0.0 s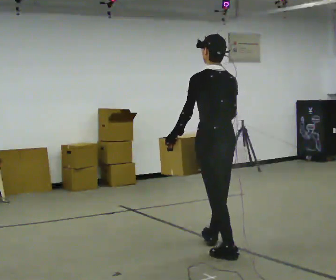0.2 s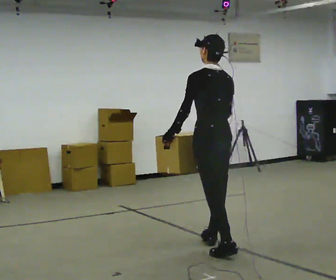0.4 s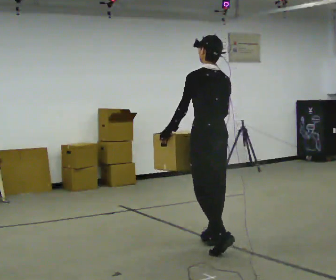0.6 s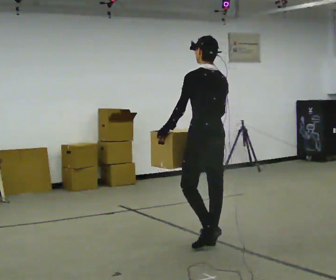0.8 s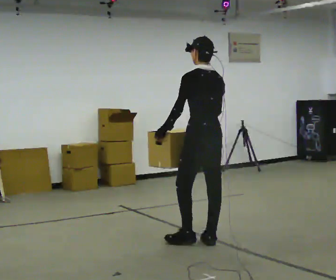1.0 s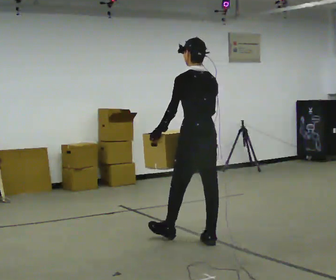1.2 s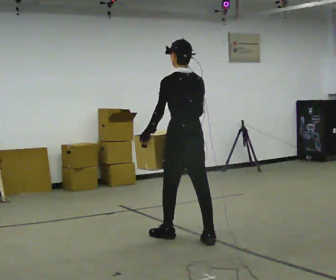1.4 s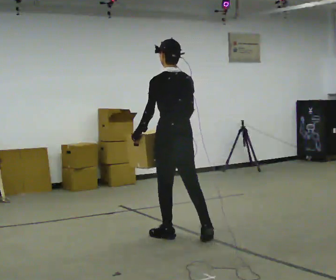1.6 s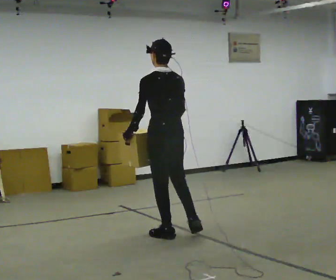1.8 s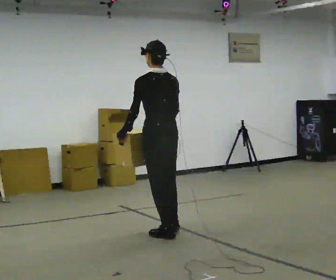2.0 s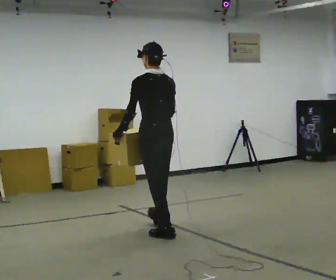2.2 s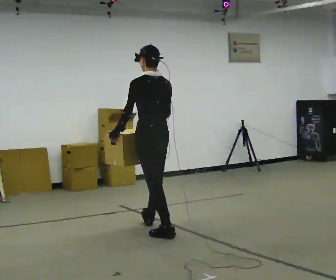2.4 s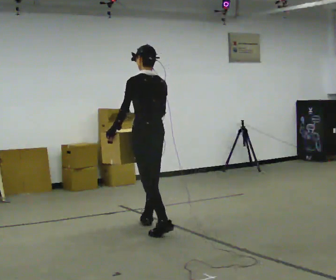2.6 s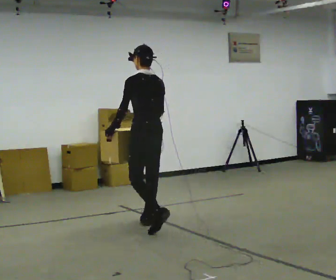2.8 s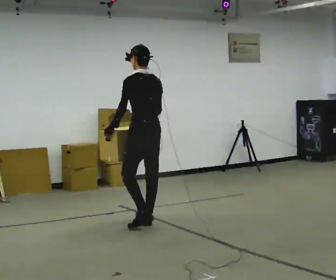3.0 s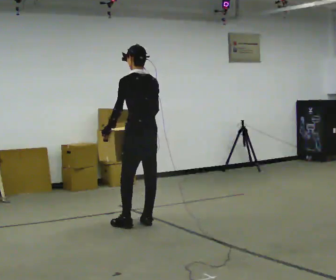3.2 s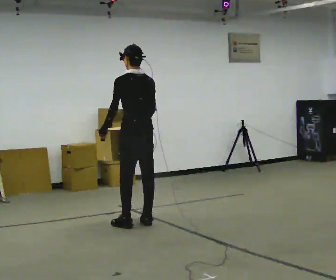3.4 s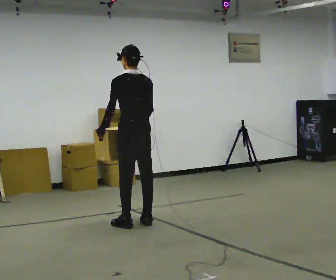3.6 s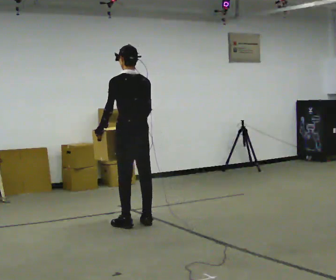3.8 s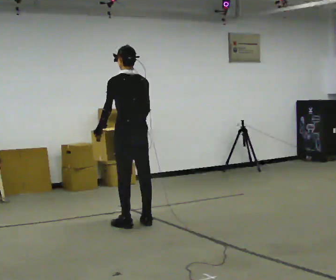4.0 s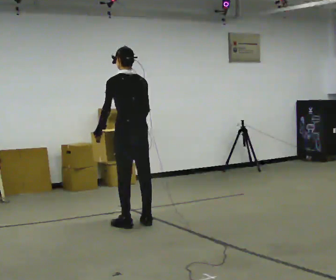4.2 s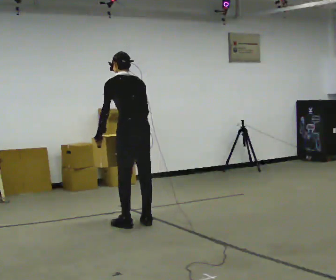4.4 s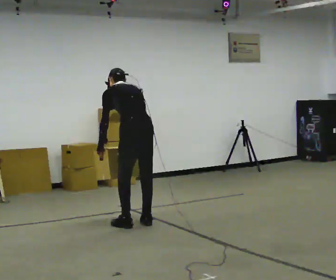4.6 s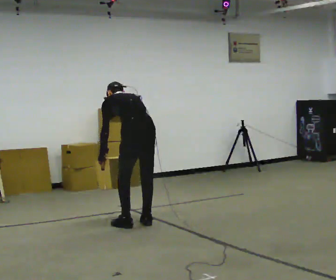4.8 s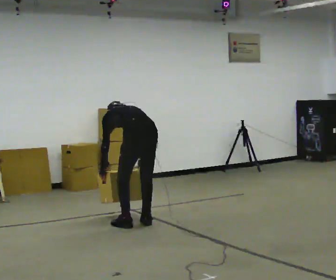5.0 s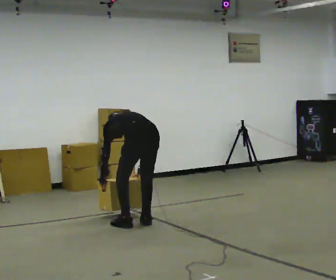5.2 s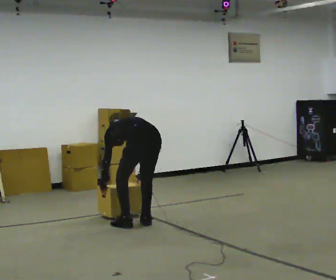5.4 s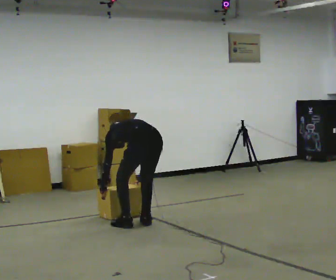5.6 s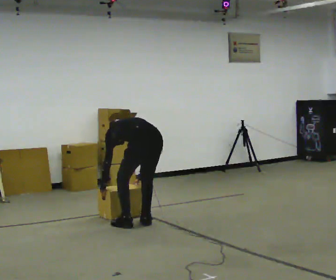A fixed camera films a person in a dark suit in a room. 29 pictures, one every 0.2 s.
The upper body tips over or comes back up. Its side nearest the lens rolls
upward.
The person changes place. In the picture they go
away from the camera.
0.0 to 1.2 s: In the picture they go away from the camera and to the left, about 0.5 m in 1 step, which for them is forward.
1.2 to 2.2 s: In the picture they go away from the camera and to the left, about 0.5 m in 1 step, which for them is forward.
2.2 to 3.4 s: In the picture they go away from the camera and to the left, about 0.25 m in 1 step, which for them is forward.
3.4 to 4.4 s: The upper body tips away from the camera, its near side rolling upward, as they bend forward.
4.4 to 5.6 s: The shoulders move downward. The upper body tips away from the camera, its near side rolling upward, as they bend forward. In the picture their right hand goes downward.
The film runs forward here.
